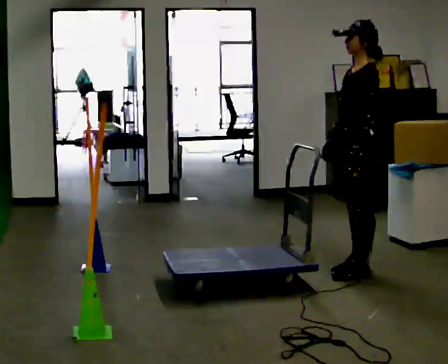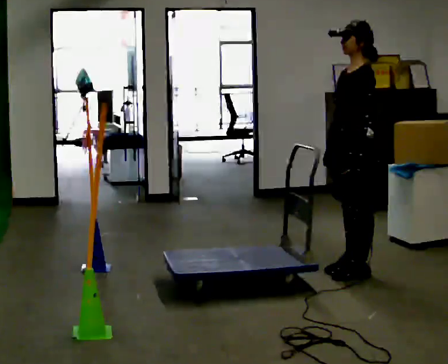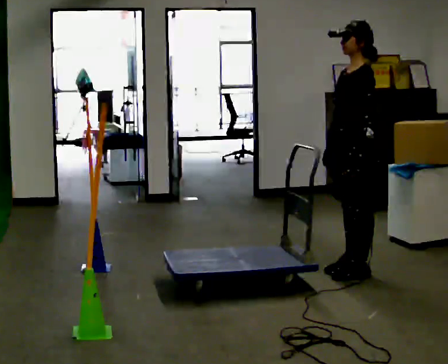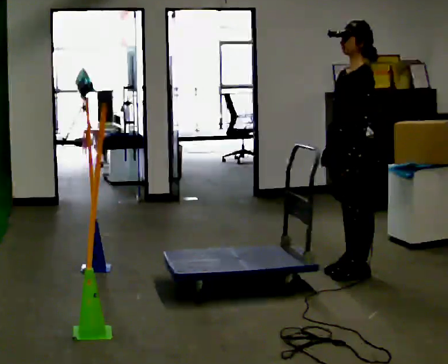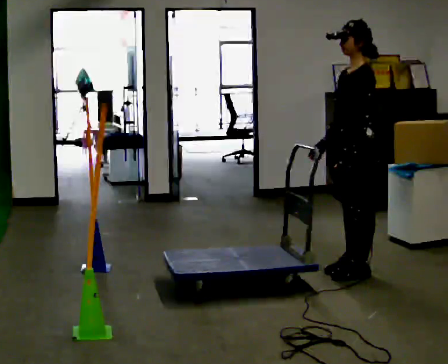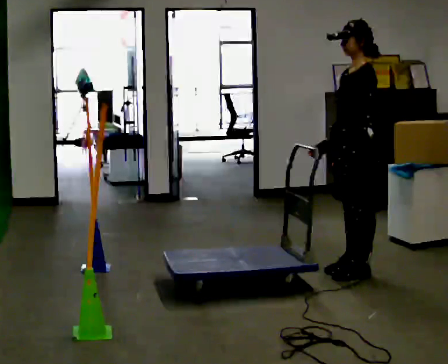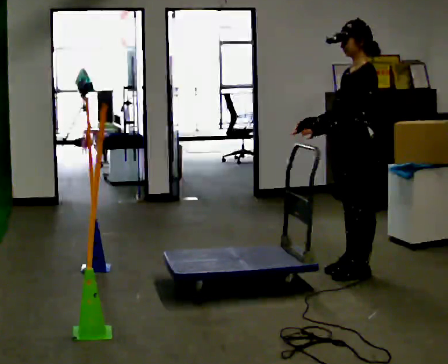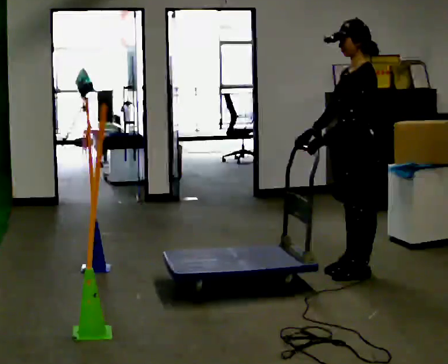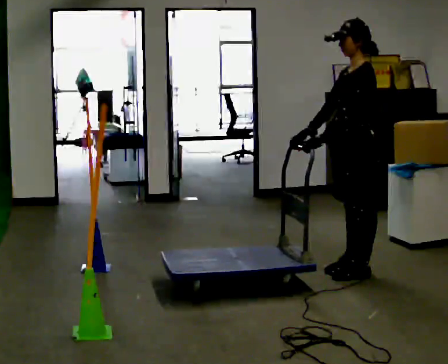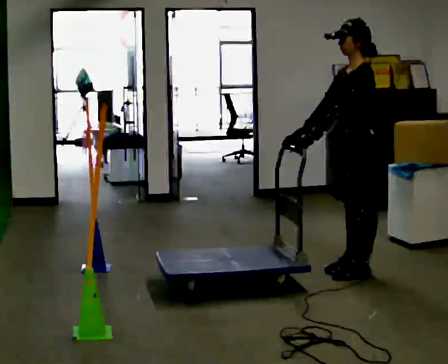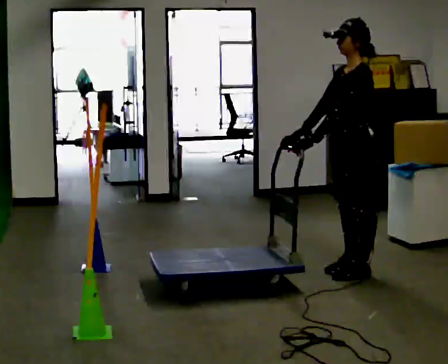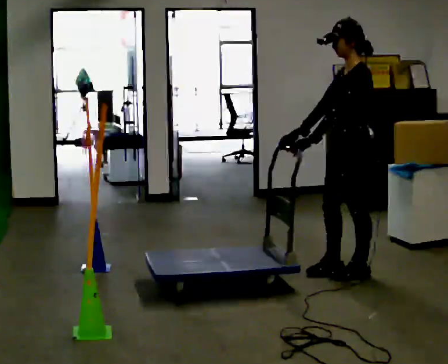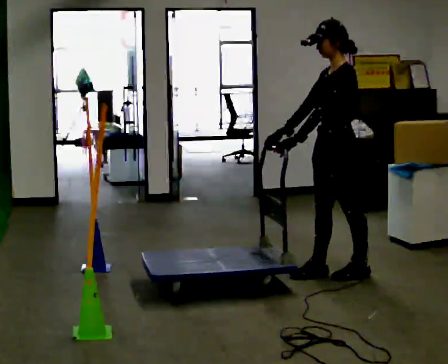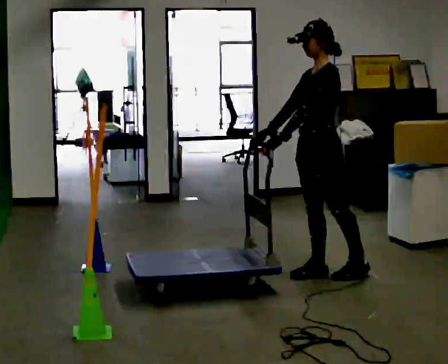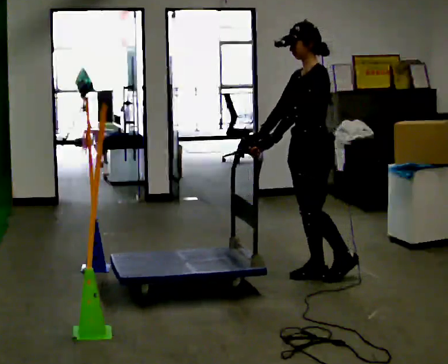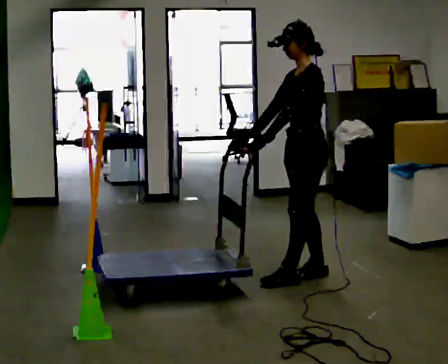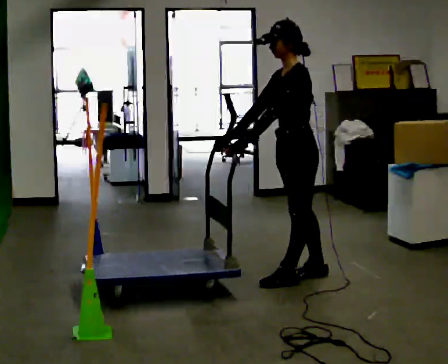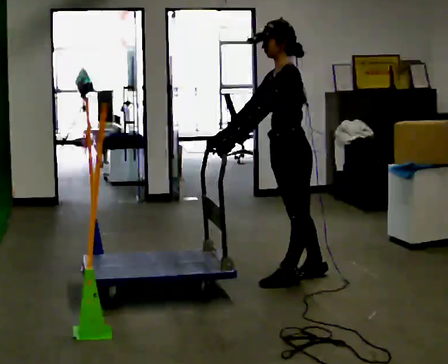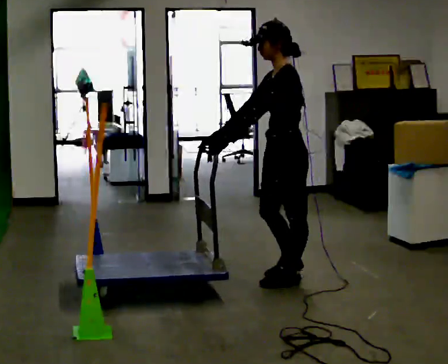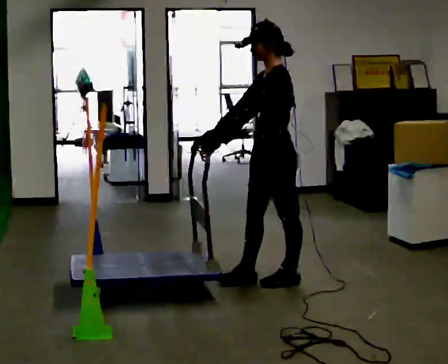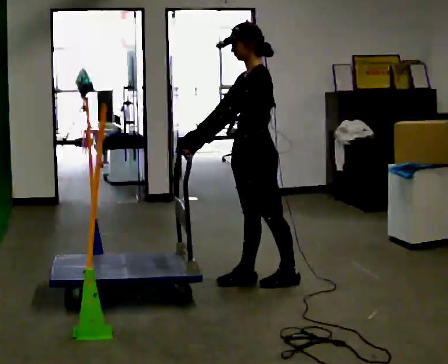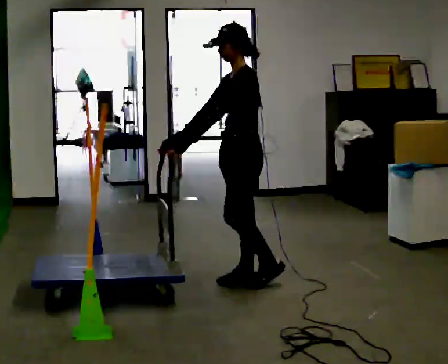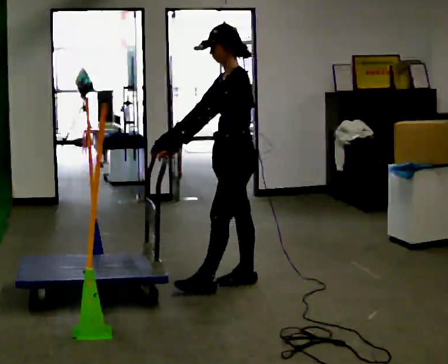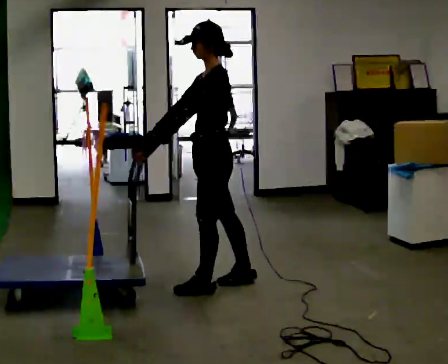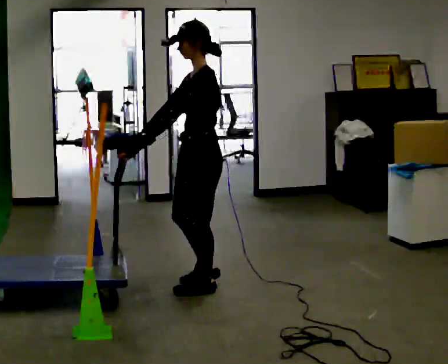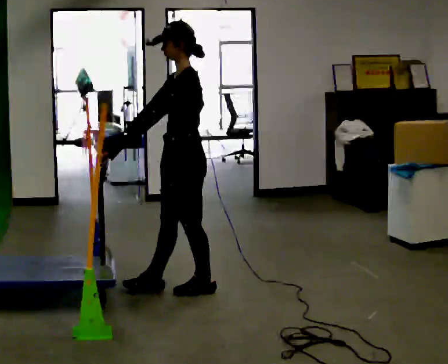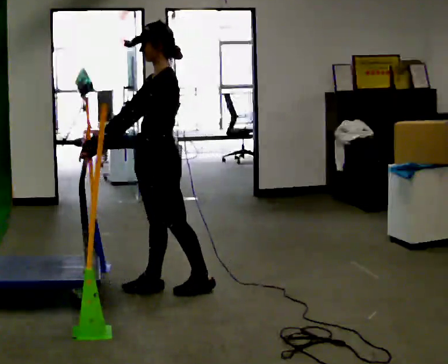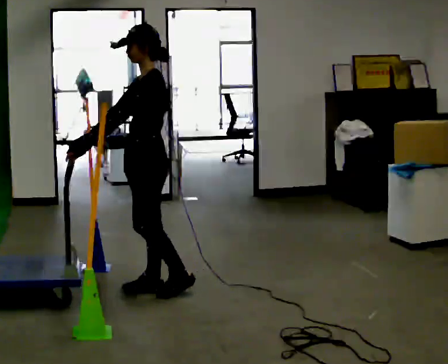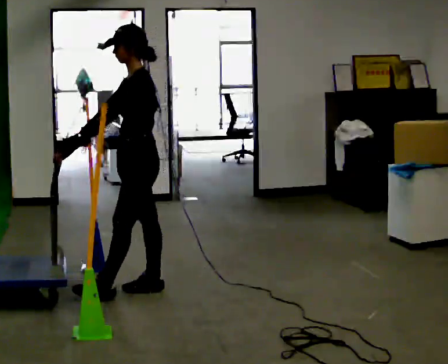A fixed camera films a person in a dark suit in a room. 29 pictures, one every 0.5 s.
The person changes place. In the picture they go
to the left.
0.0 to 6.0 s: In the picture their left hand goes to the left.
6.0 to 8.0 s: In the picture they go to the left, about 0.25 m in 1 step, which for them is forward.
8.0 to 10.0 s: In the picture they go to the left, about 0.25 m in 1 step, which for them is forward.
10.0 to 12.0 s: In the picture they go to the left and toward the camera, about 0.25 m in 1 step, which for them is forward.
12.0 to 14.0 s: In the picture they go to the left, about 0.25 m in 2 steps, which for them is forward.
The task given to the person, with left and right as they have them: Push the cart through the gap between the poles without touching them, then bring it back through.
The film runs forward here.
